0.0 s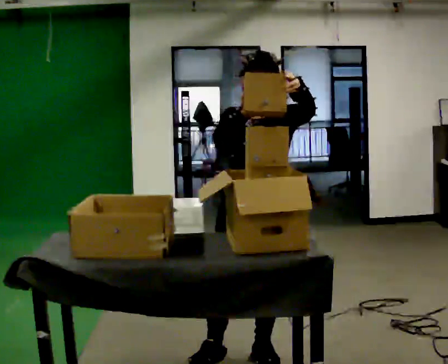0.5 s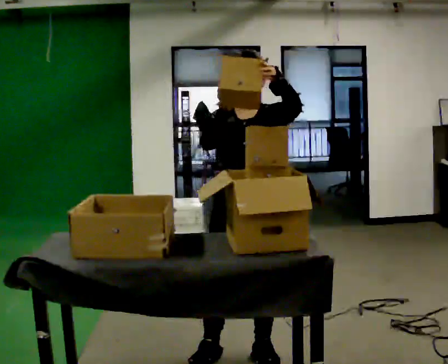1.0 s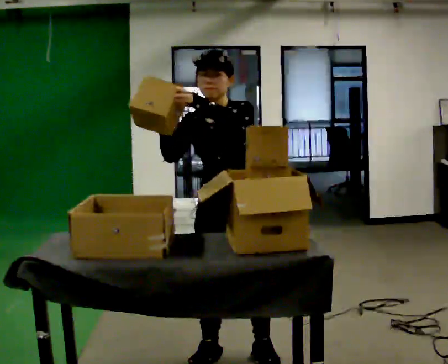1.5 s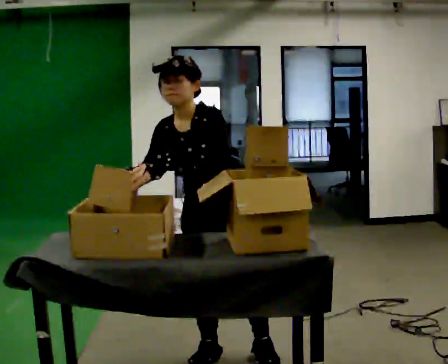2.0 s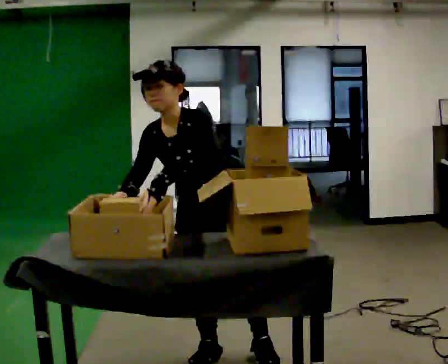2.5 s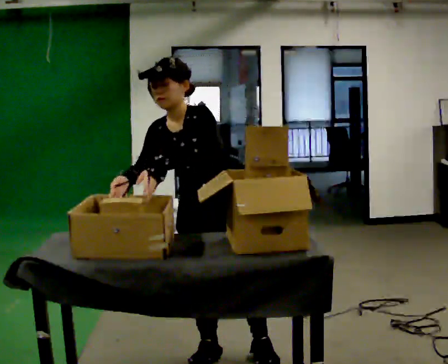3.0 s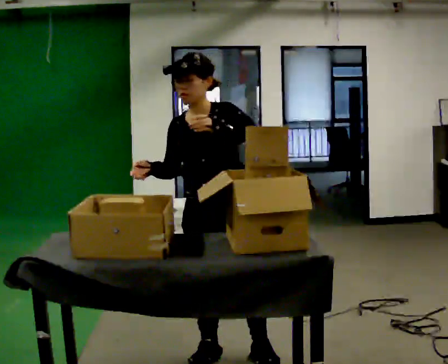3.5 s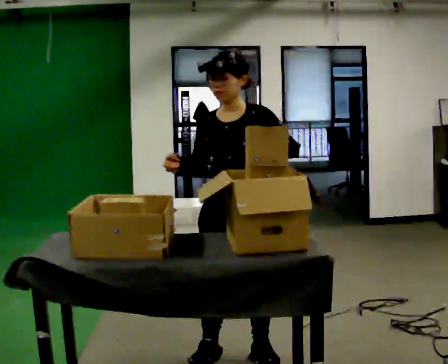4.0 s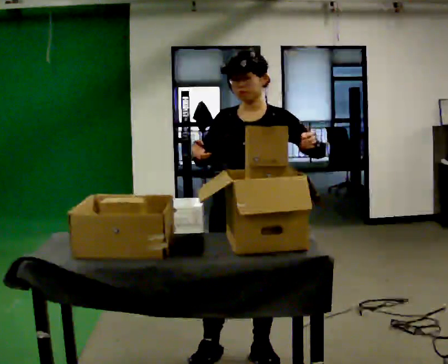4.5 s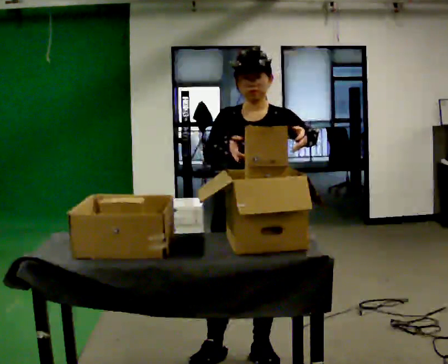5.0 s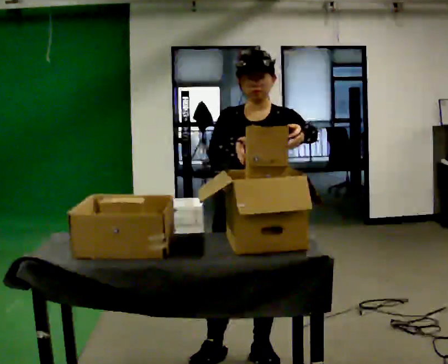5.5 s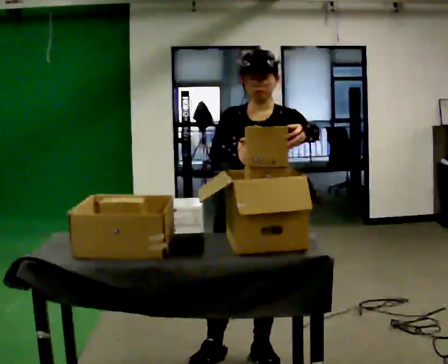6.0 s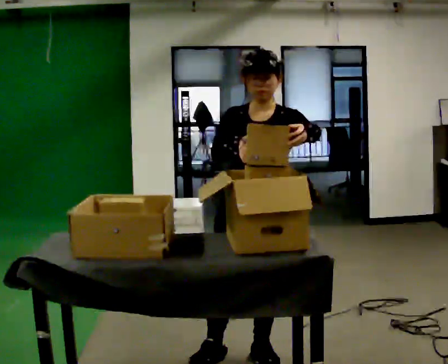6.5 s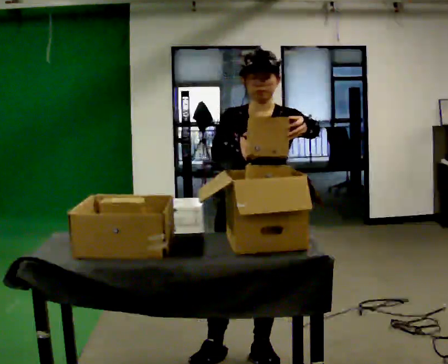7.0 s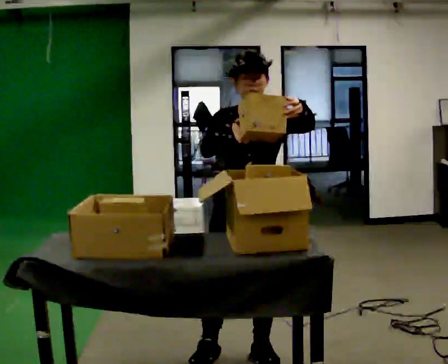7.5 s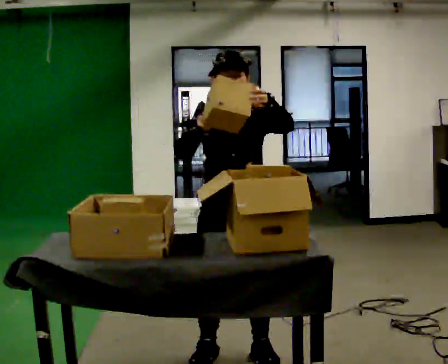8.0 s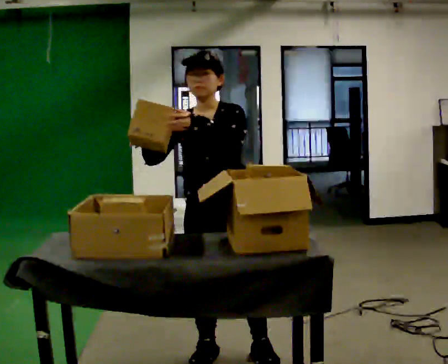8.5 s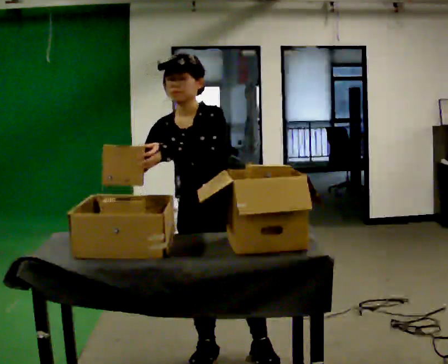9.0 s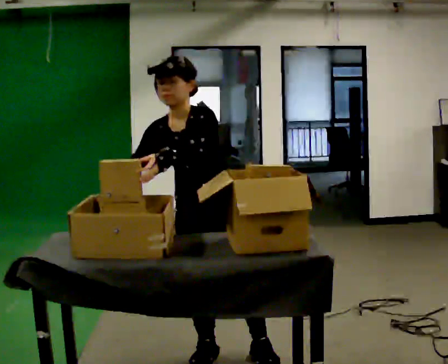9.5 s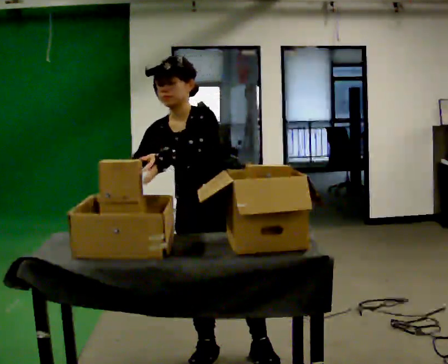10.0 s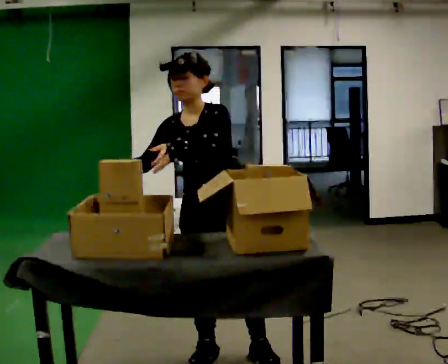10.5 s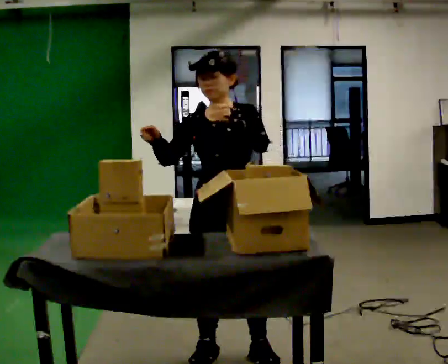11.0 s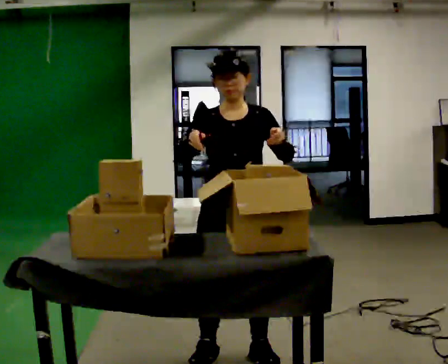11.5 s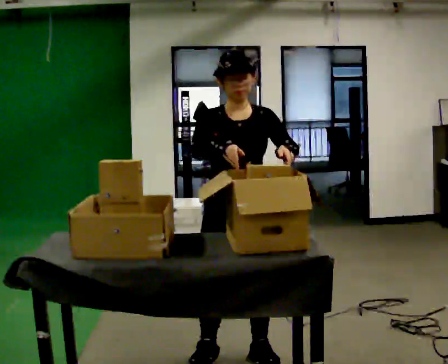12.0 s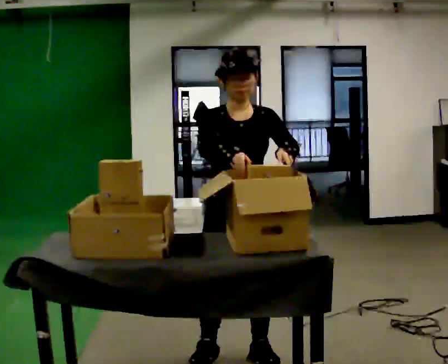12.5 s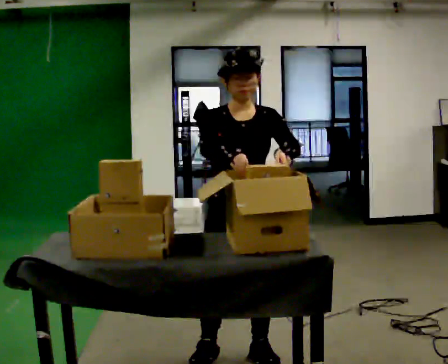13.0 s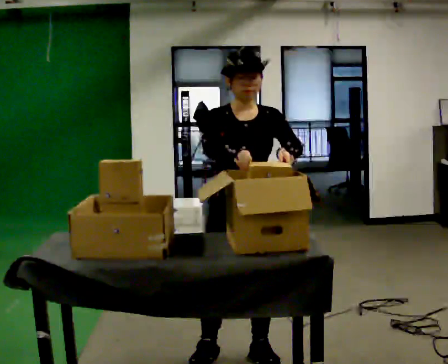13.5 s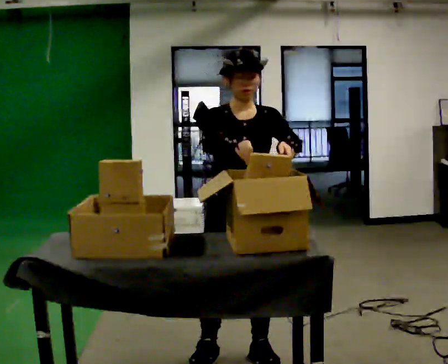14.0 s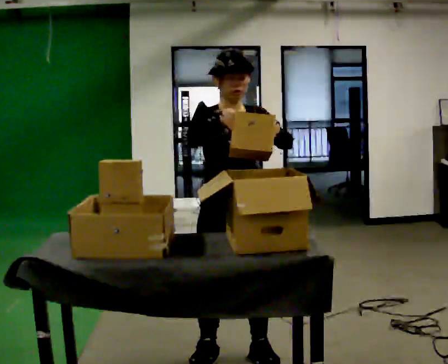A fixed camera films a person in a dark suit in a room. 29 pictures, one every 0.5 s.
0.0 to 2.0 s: In the picture they go to the left, about 0.25 m, which for them is to their right. In the picture the upper body tilts counterclockwise, shoulders to the left, as they bend forward. In the picture their left hand goes to the left and downward.
2.0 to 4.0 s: In the picture they go to the right, about 0.25 m, which for them is to their left. In the picture the upper body tilts clockwise, shoulders to the right, as they lean back or straighten. In the picture their left hand goes to the right.
4.0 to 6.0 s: The person moves a little, or ends about where they began.
6.0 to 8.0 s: In the picture they go to the left, about 0.25 m, which for them is to their right. In the picture their left hand goes to the left.
8.0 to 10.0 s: The person moves a little, or ends about where they began.
10.0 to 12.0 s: In the picture the upper body tilts clockwise, shoulders to the right. In the picture their right hand goes to the right.
12.0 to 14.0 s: The person moves a little, or ends about where they began.
The film runs backward here.
